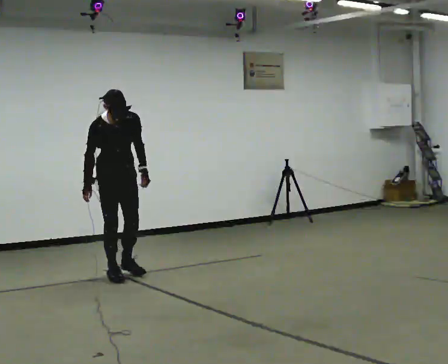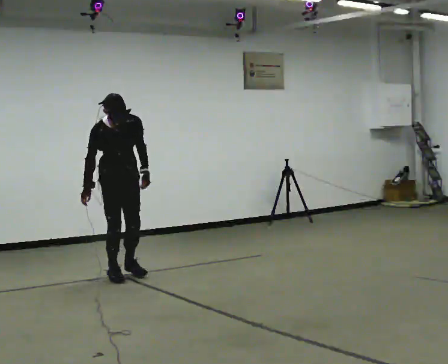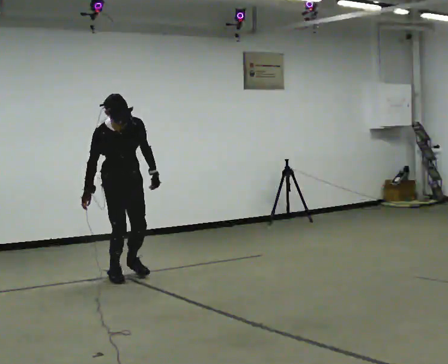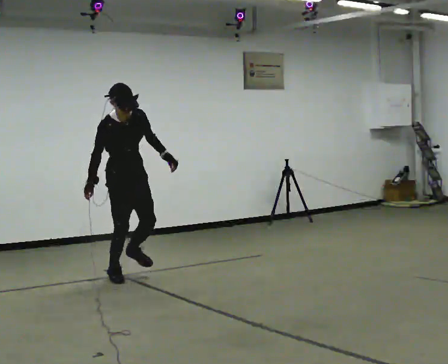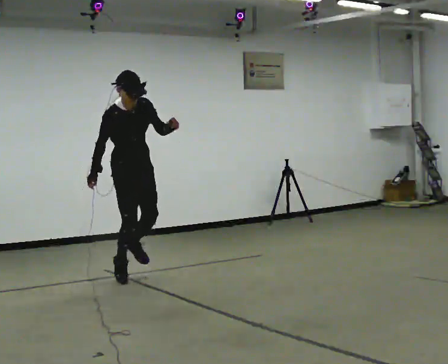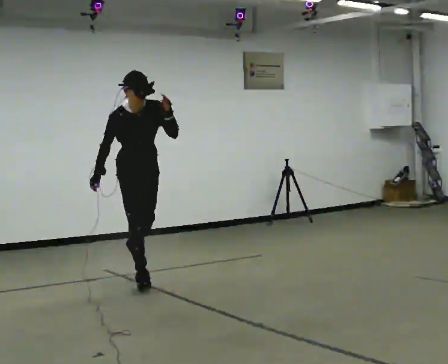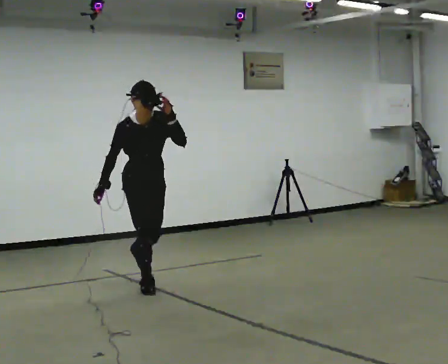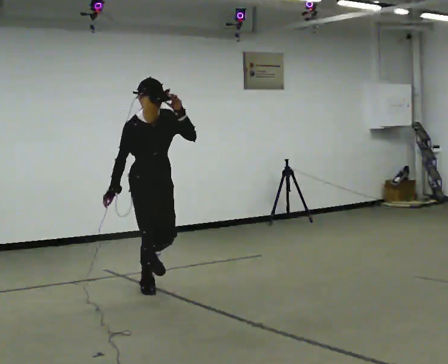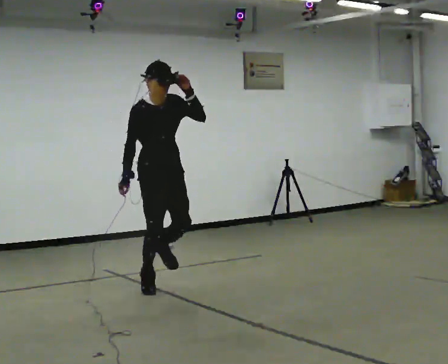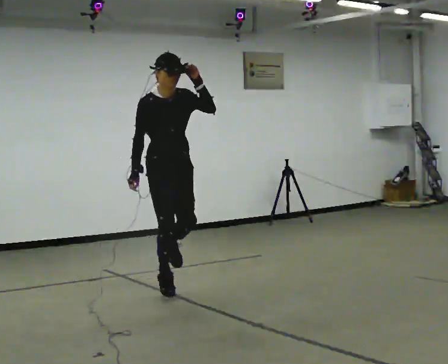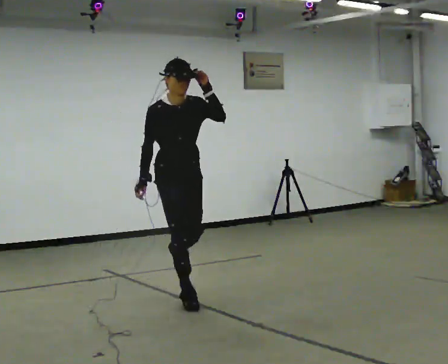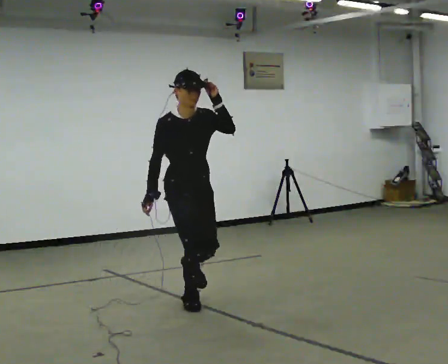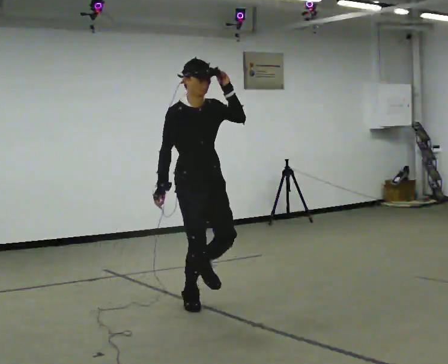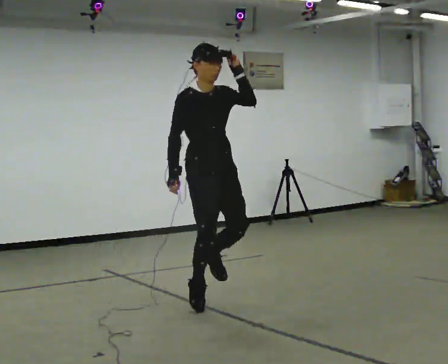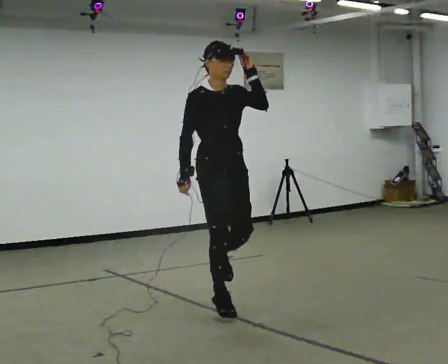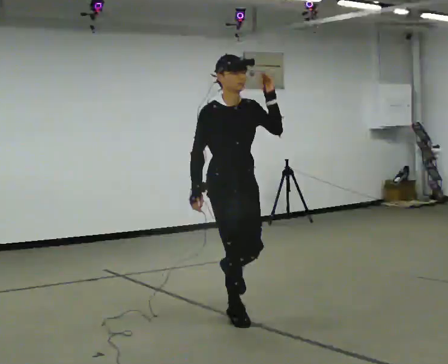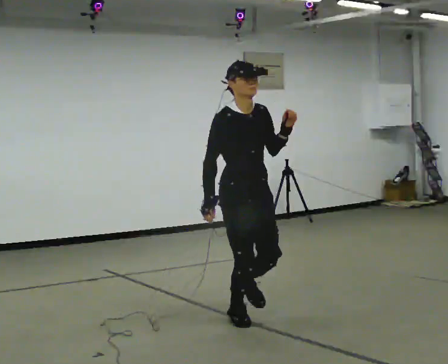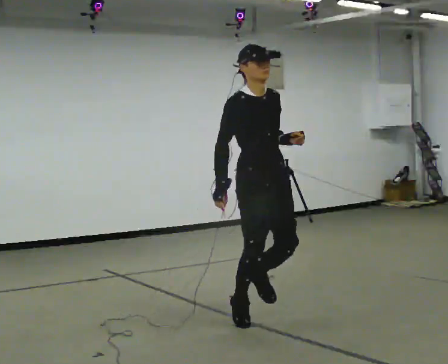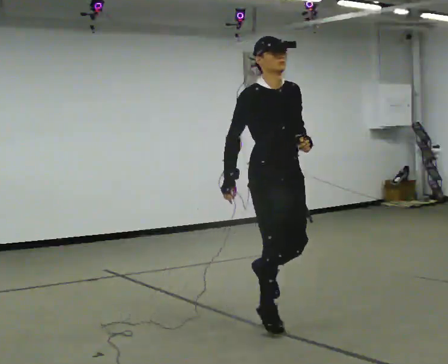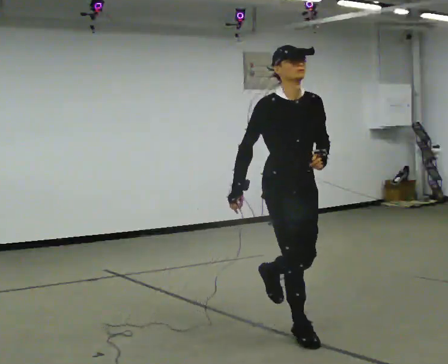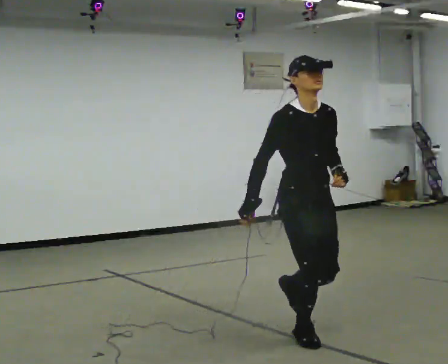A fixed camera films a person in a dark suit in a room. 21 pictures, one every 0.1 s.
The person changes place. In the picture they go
toward the camera.
0.0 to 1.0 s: In the picture they go toward the camera and to the right, about 1 m in 1 step, which for them is forward. The upper body tips away from the camera, its near side rolling upward, as they lean back or straighten. In the picture their left hand goes upward.
1.0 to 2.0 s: In the picture they go toward the camera and to the right, about 1.5 m in 2 steps, which for them is forward. In the picture their left hand goes downward.
The film runs forward here.
